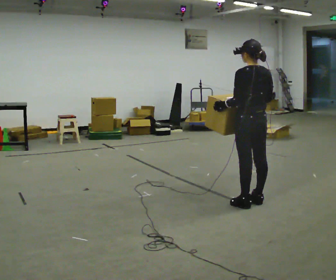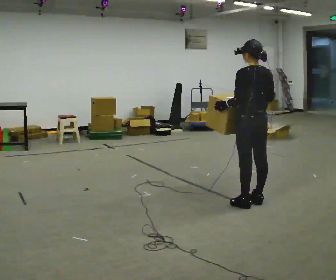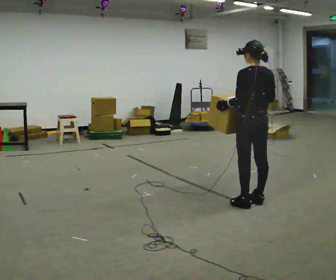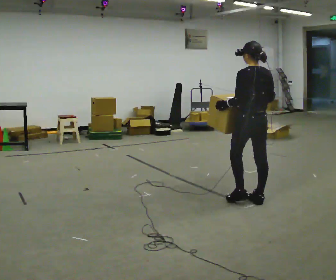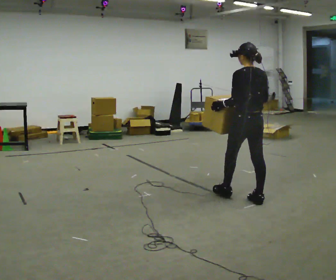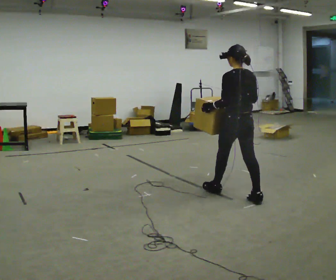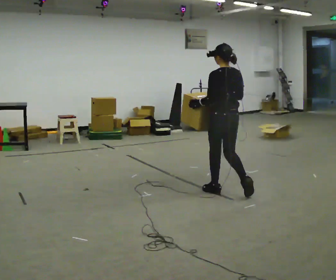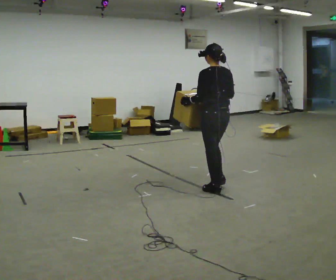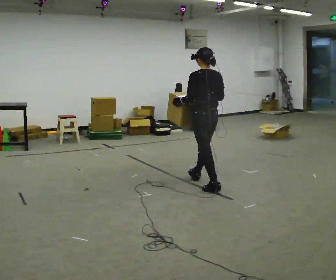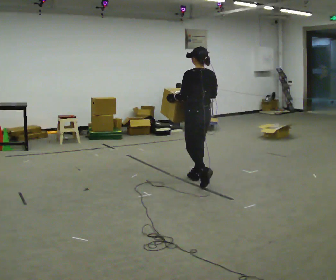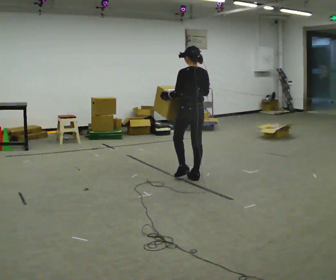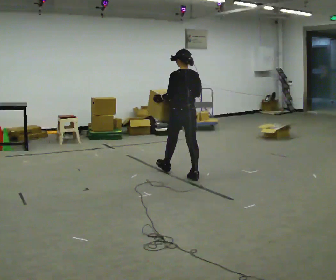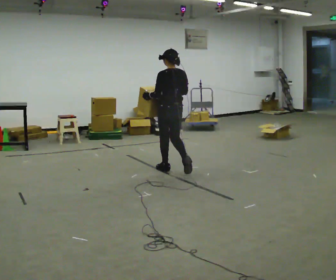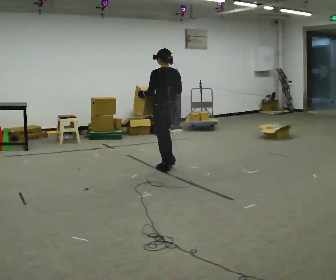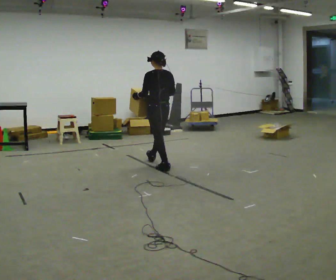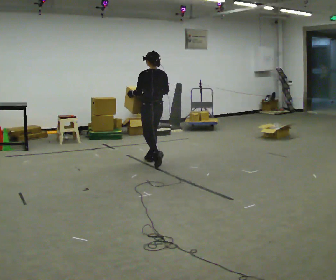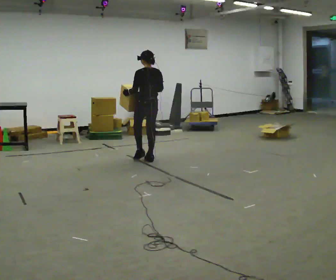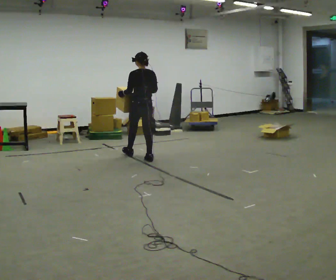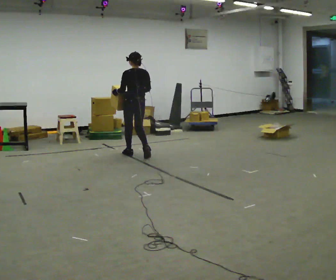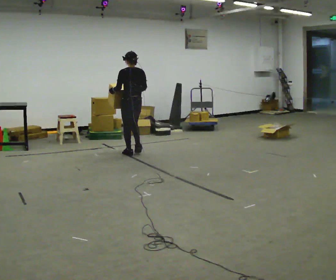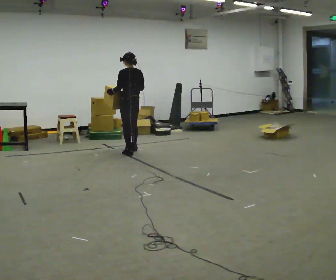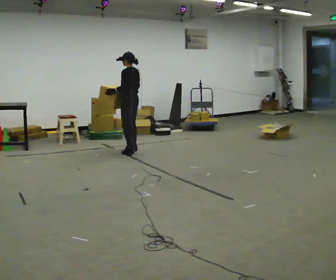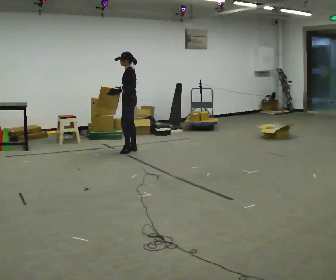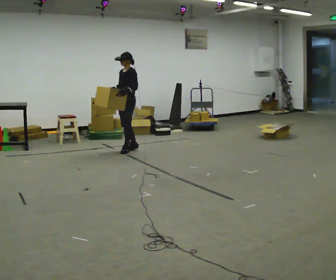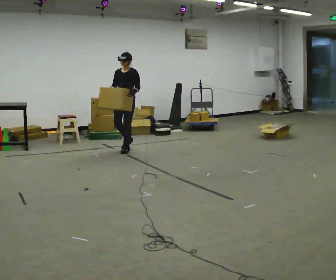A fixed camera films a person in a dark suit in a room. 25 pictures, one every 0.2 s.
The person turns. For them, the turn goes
to their left.
The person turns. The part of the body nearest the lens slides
to the right.
0.0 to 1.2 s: In the picture they go away from the camera and to the left, about 0.5 m in 1 step, which for them is forward.
1.2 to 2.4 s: In the picture they go away from the camera and to the left, about 1 m in 2 steps, which for them is forward.
2.4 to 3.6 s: In the picture they go away from the camera and to the left, about 1 m in 2 steps, which for them is forward.
3.6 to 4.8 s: Seen from above the body turns counterclockwise, about 135 degrees: to their left, with its near side sliding to the right. In the picture they go away from the camera and to the left, about 0.5 m in 2 steps.
The film runs forward here.
